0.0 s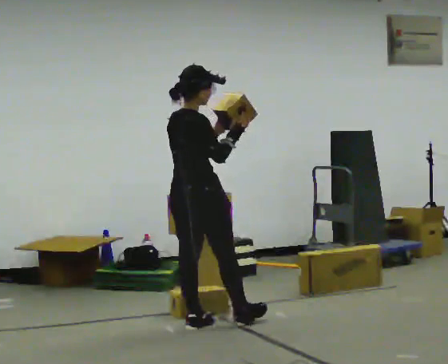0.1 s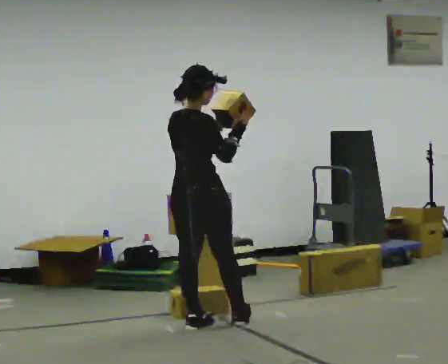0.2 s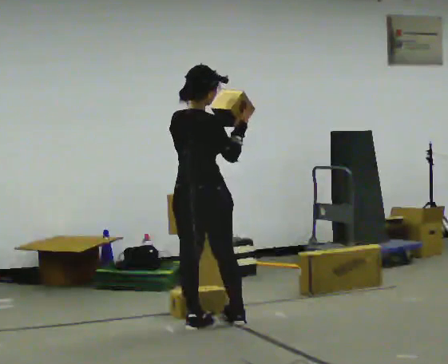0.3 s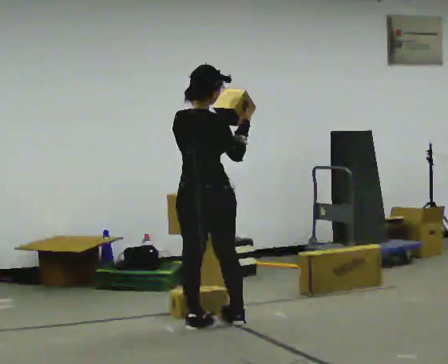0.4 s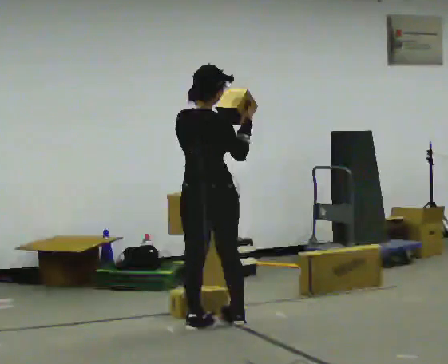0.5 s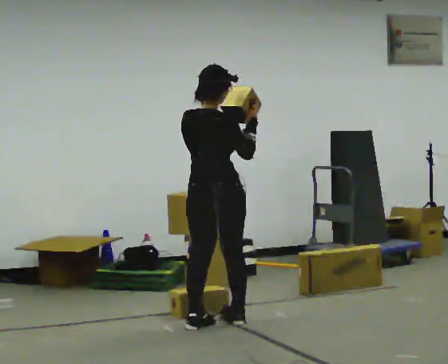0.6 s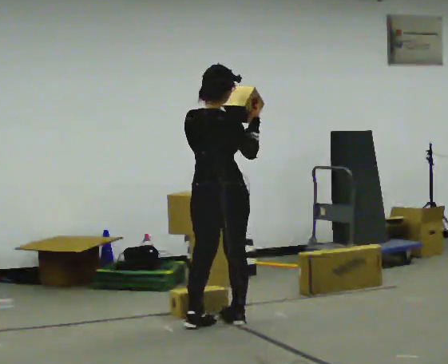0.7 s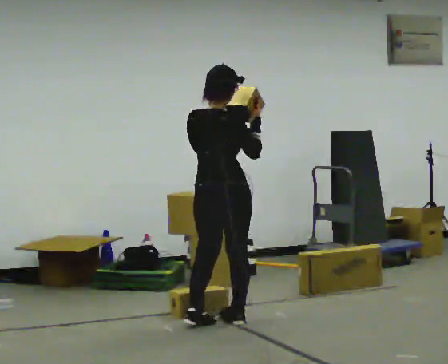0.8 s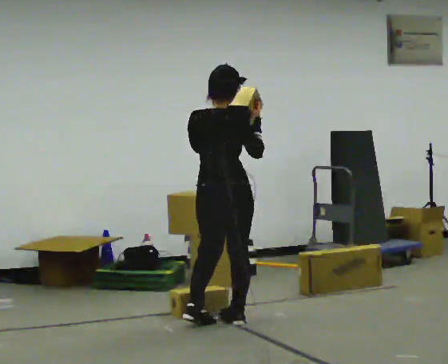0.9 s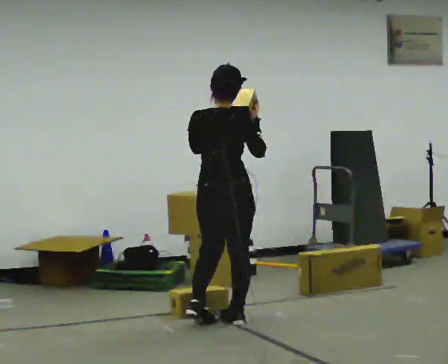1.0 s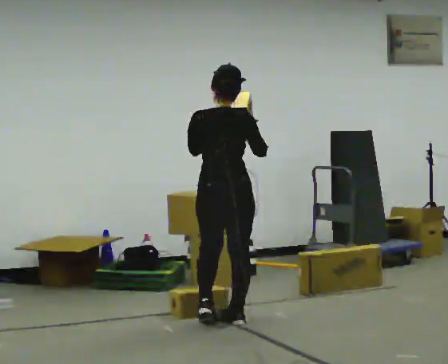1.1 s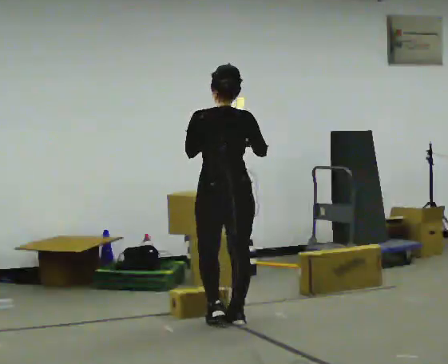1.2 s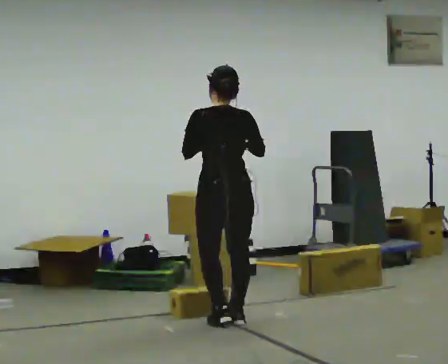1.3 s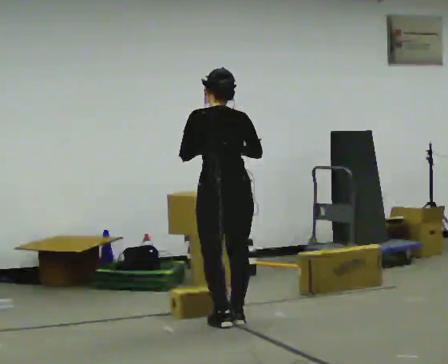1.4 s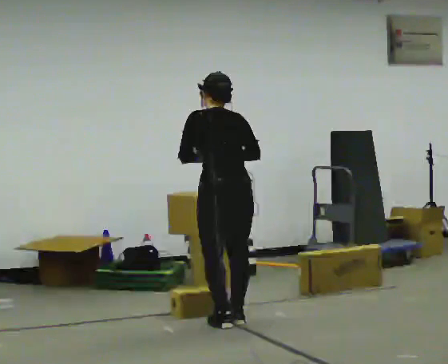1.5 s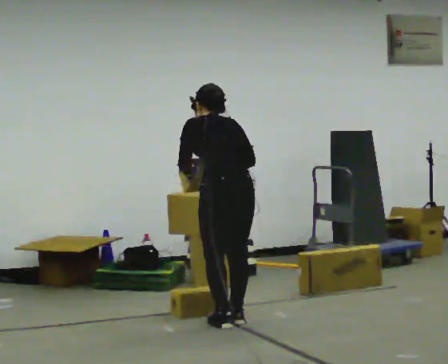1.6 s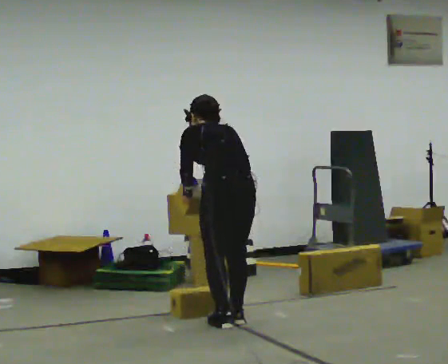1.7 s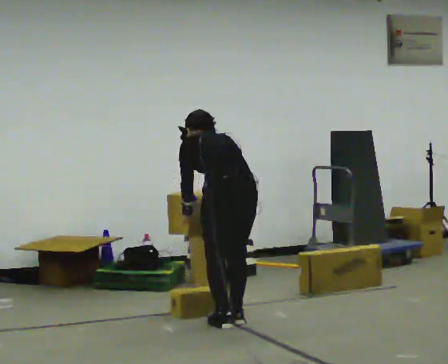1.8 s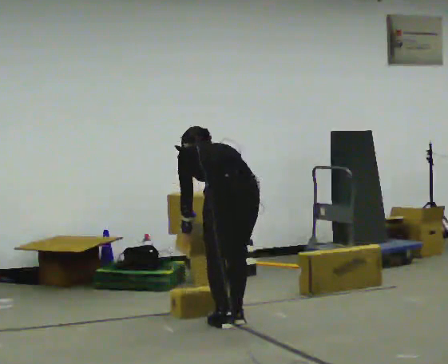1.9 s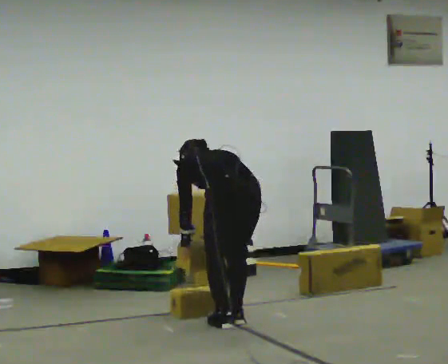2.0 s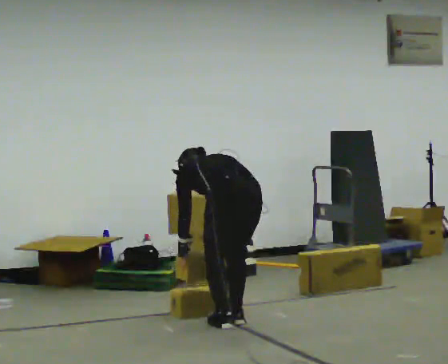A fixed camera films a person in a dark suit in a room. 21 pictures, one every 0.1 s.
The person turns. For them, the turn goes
to their left.
Their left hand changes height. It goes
downward.
0.0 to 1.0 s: The part of the body nearest the lens slides to the right as the person turns to their left by about 45 degrees. In the picture they go to the right, about 0.25 m in 1 step, which for them is forward and to their right.
1.0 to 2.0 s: Seen from above the body turns counterclockwise, about 45 degrees: to their left, with its near side sliding to the right. The shoulders move downward. The upper body tips away from the camera, its near side rolling upward, as they bend forward. In the picture their left hand goes downward.
The film runs backward here.
